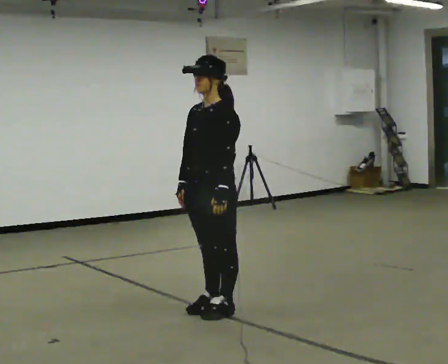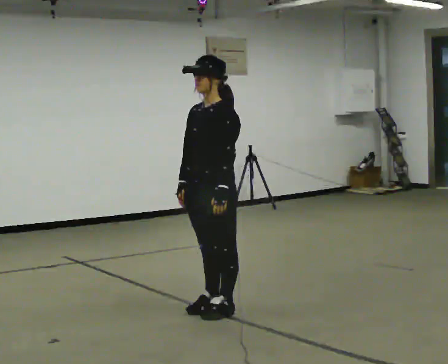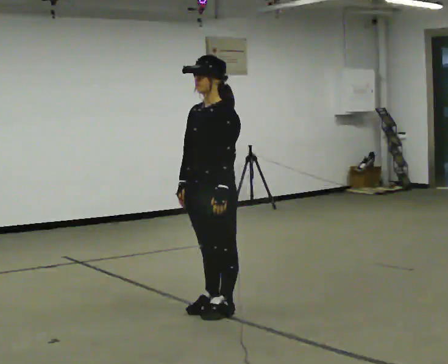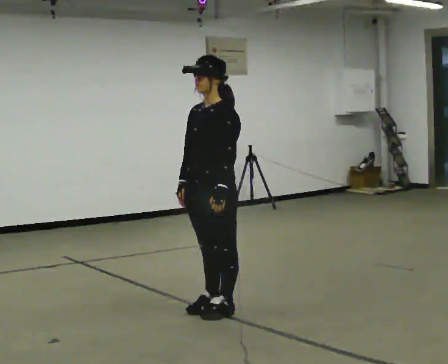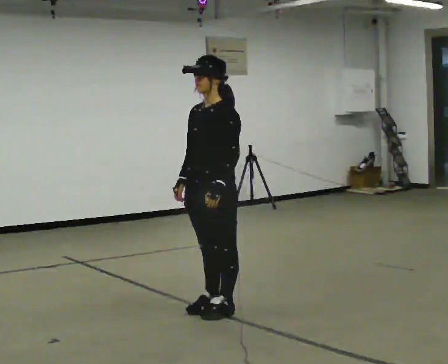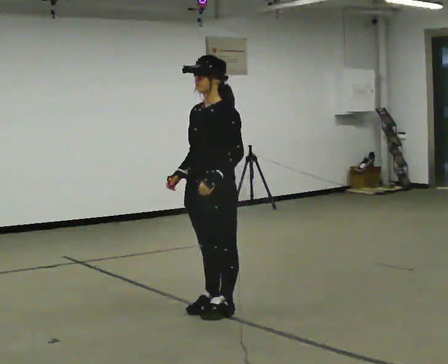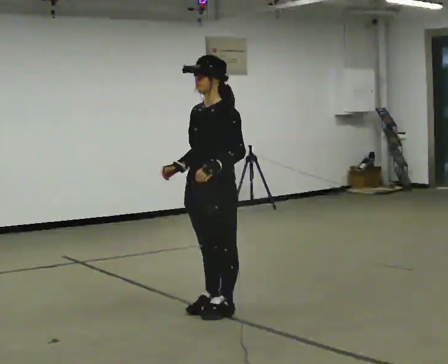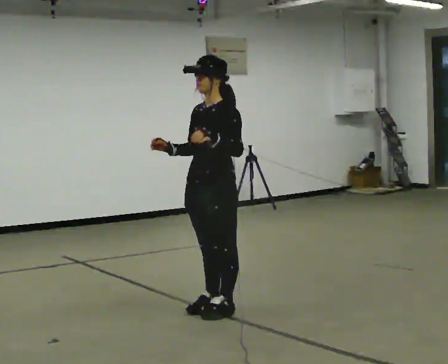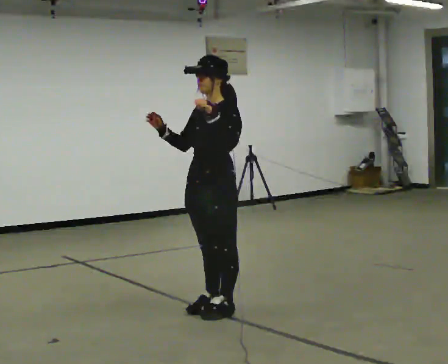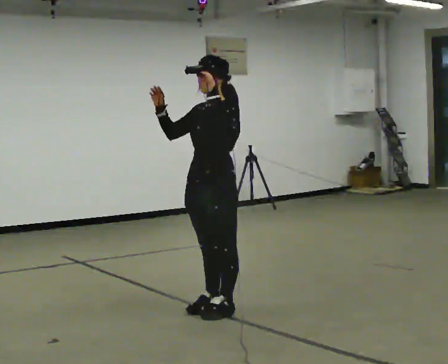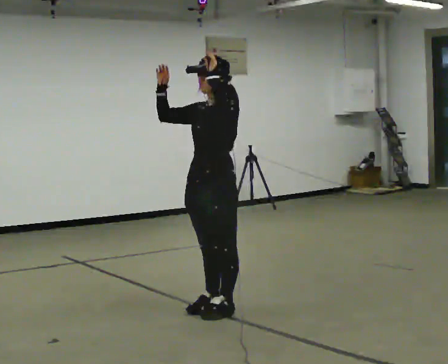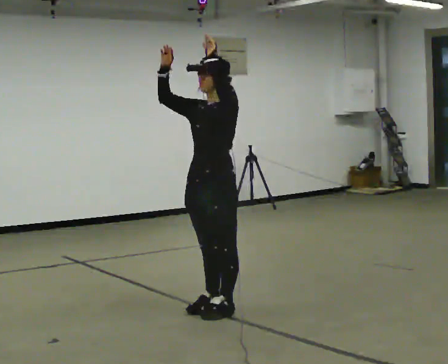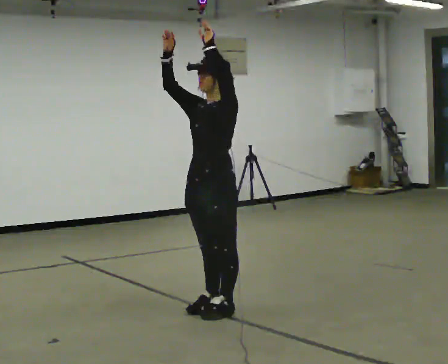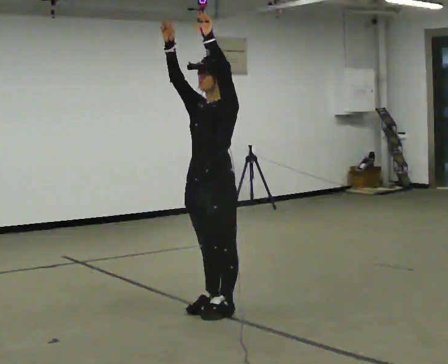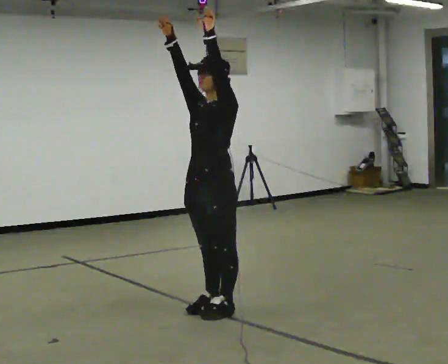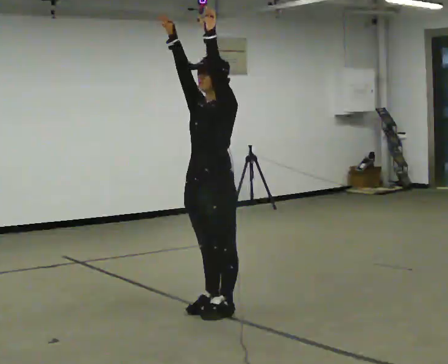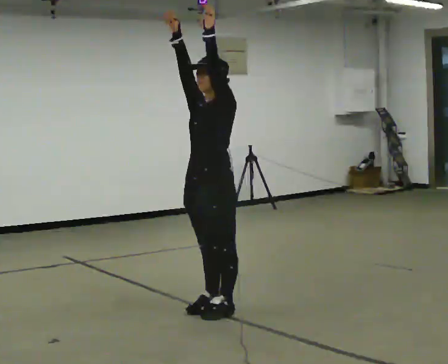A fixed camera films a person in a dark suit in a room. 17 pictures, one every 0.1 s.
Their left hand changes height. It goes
upward.
Their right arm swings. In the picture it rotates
clockwise.
0.0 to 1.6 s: In the picture their left hand goes upward.
The film runs forward here.
